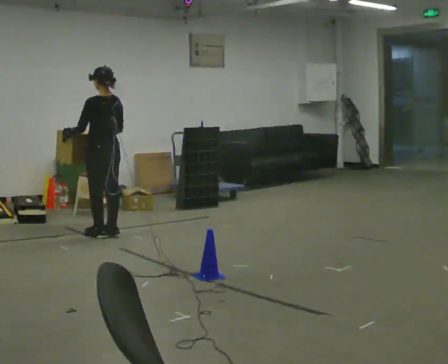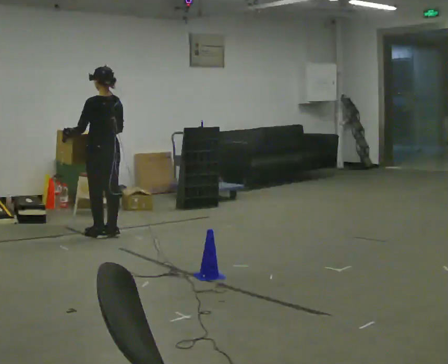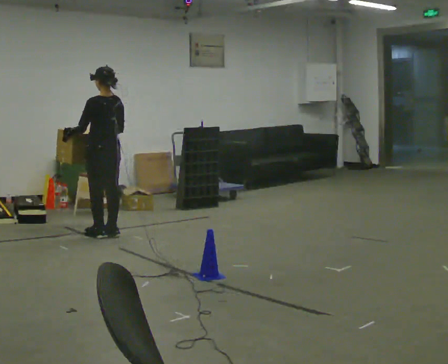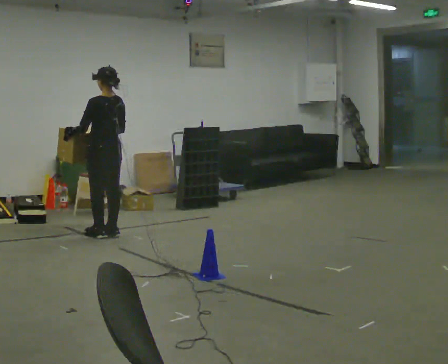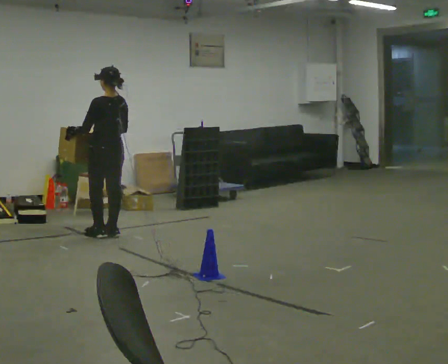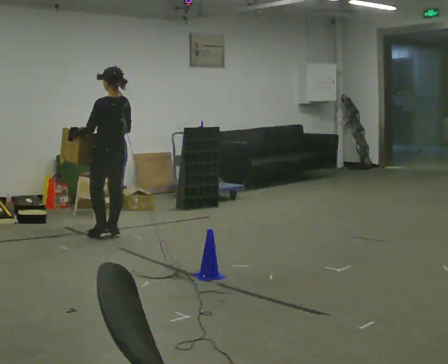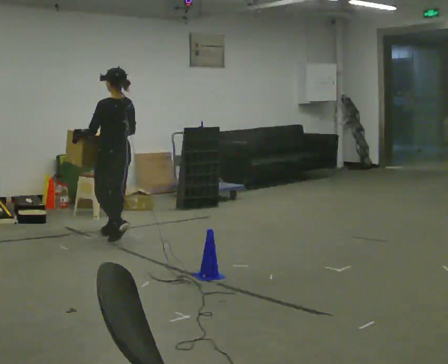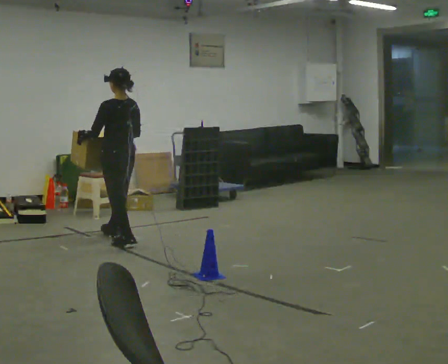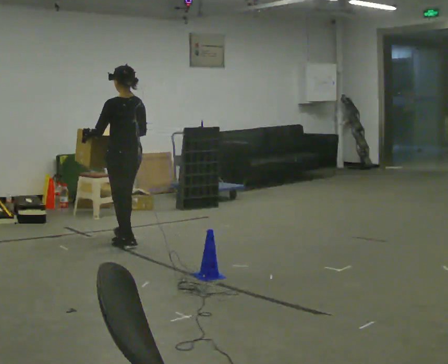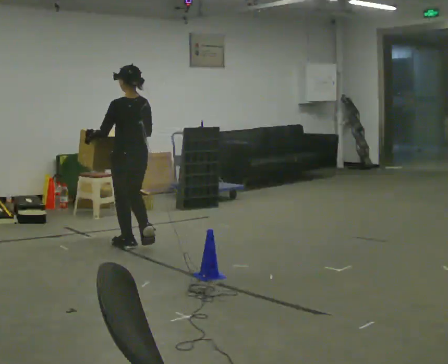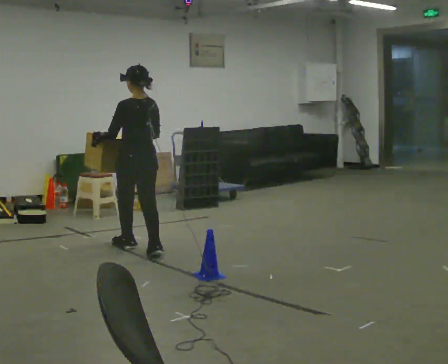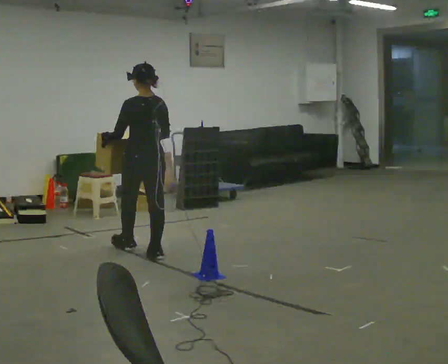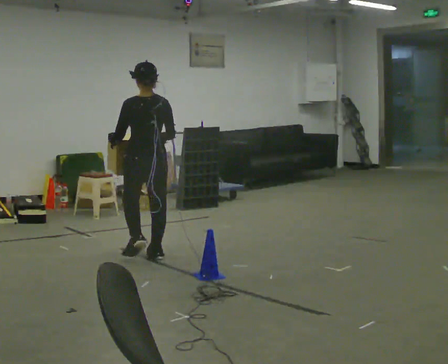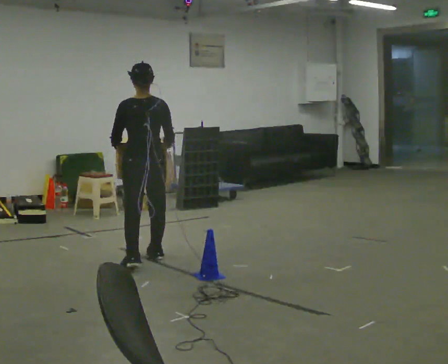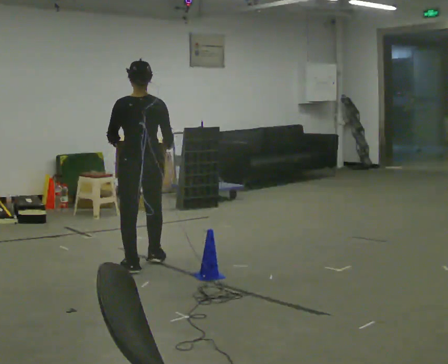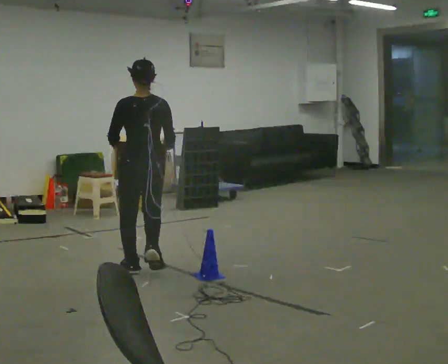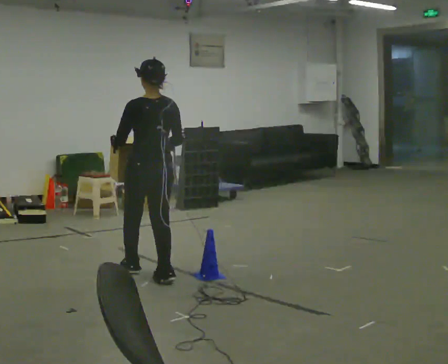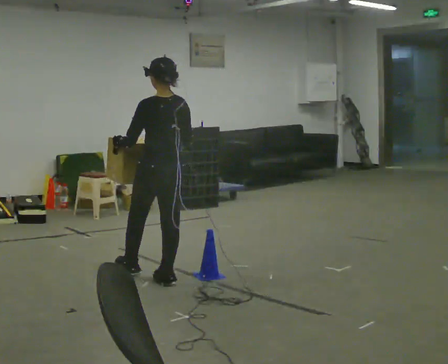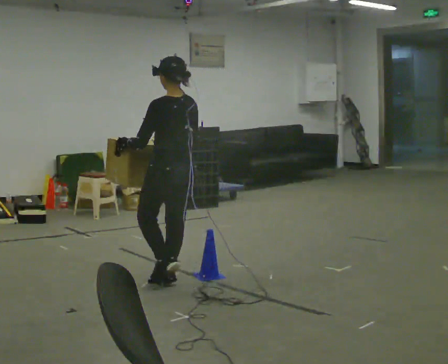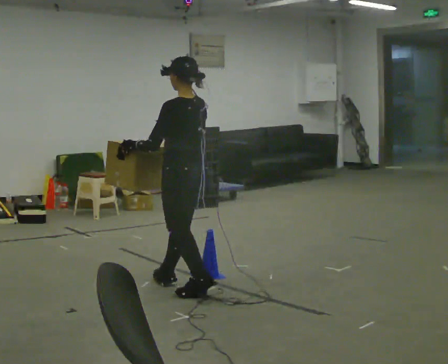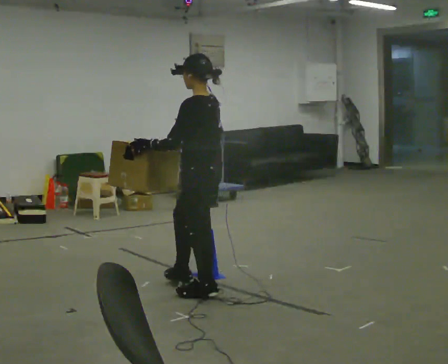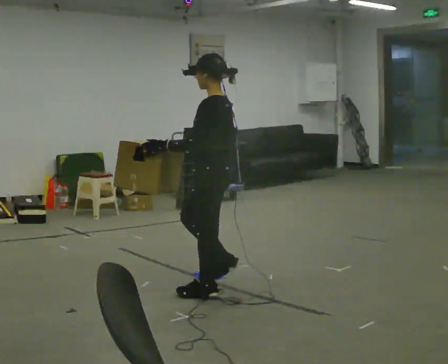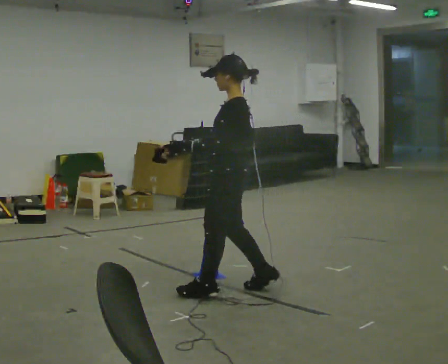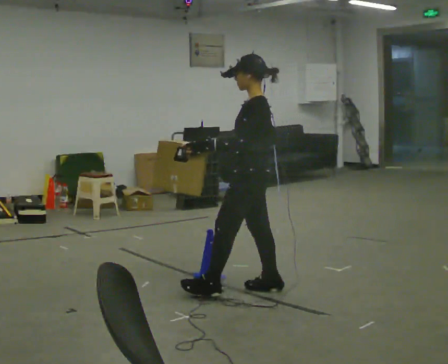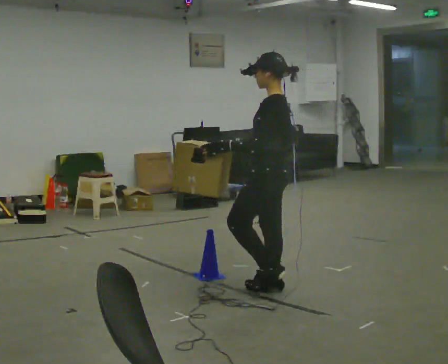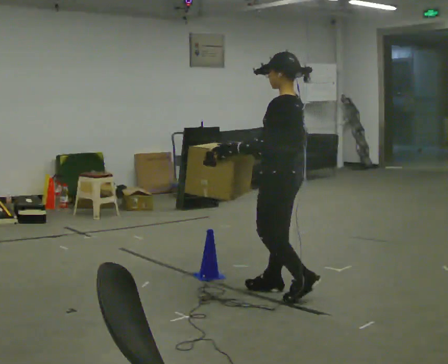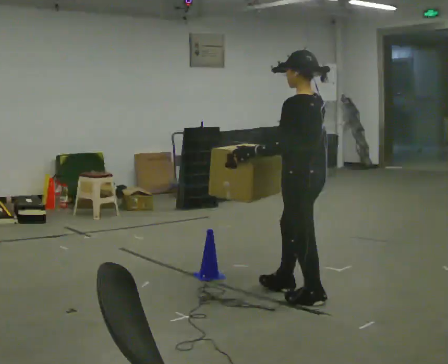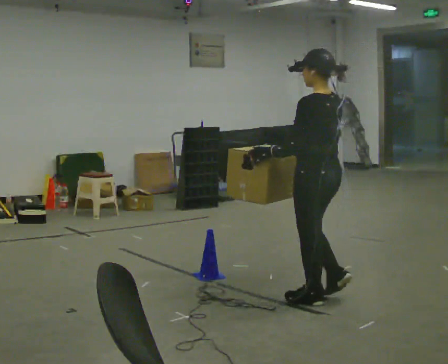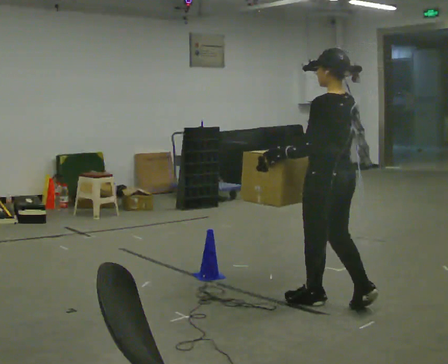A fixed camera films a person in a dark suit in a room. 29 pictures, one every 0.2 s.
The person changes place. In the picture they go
toward the camera.
0.0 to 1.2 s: The person moves a little, or ends about where they began.
1.2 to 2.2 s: In the picture they go toward the camera, about 0.75 m in 2 steps, which for them is backward.
2.2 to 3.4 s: In the picture they go toward the camera, about 0.5 m in 2 steps, which for them is backward.
3.4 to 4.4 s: The person turns about 60 degrees to their left, counterclockwise seen from above, so the part of the body nearest the lens slides to the right. In the picture they go to the right and toward the camera, about 0.5 m in 1 step, which for them is backward.
4.4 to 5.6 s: The person turns about 45 degrees to their right, clockwise seen from above, so the part of the body nearest the lens slides to the left. In the picture they go to the right and toward the camera, about 0.75 m in 2 steps, which for them is backward.
The film runs backward here.
